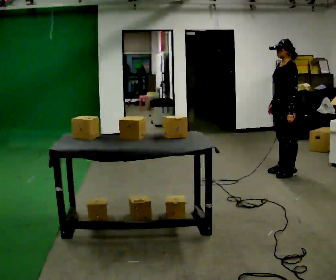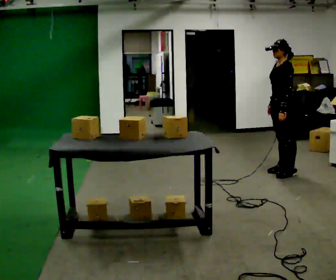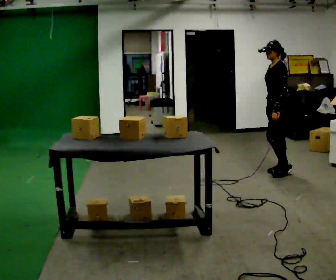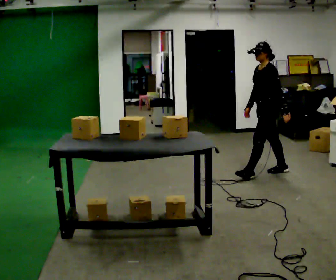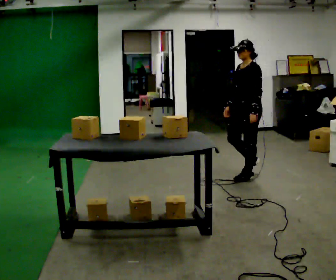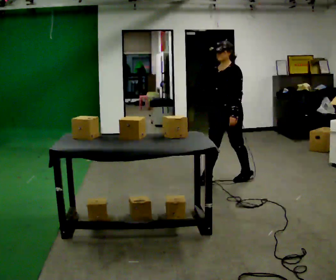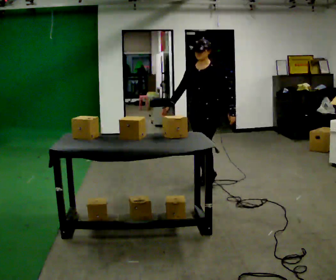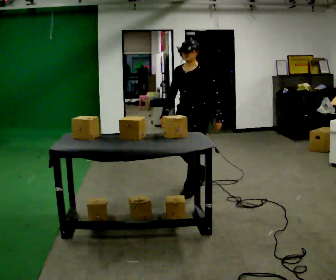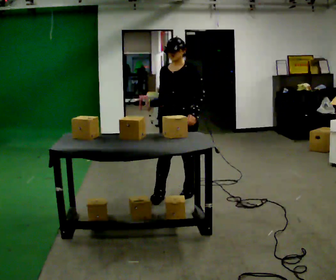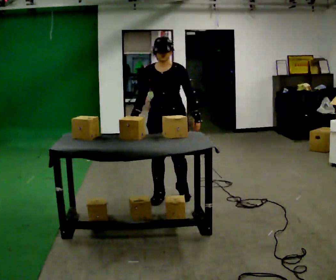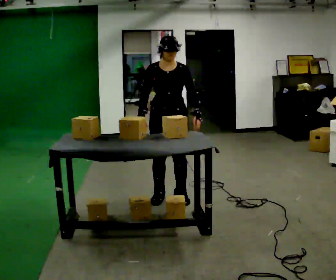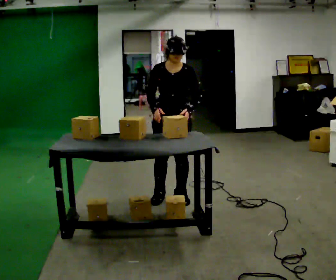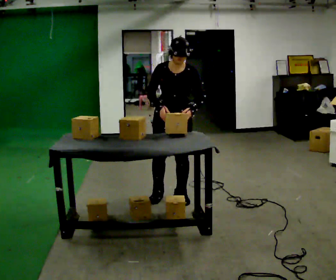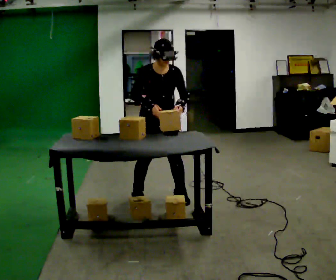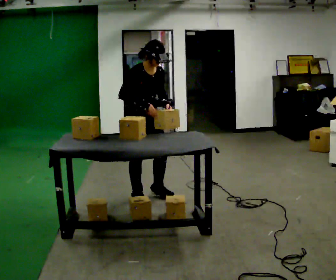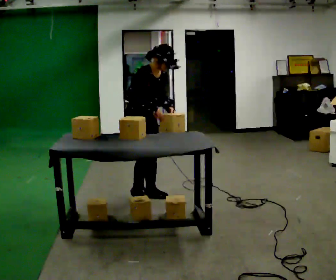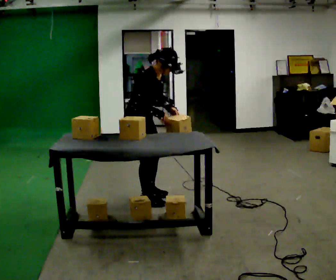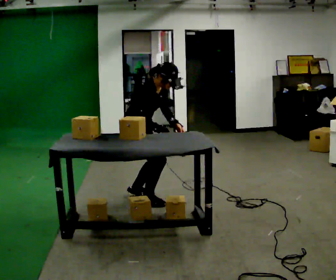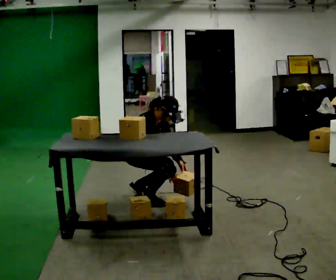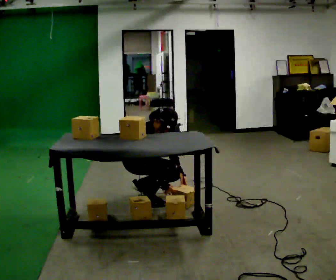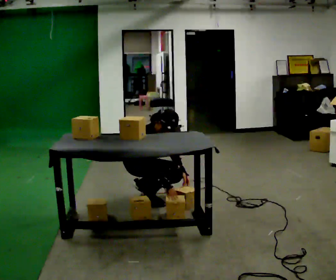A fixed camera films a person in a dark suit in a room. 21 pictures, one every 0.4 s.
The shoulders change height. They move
downward.
The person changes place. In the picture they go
to the left.
0.0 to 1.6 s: In the picture they go to the left, about 0.5 m in 1 step, which for them is forward.
1.6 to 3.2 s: The part of the body nearest the lens slides to the right as the person turns to their left by about 45 degrees. In the picture they go to the left and toward the camera, about 1 m in 2 steps, which for them is forward.
3.2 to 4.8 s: The person moves a little, or ends about where they began.
4.8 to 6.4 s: The part of the body nearest the lens slides to the right as the person turns to their left by about 75 degrees. In the picture they go to the left, about 0.25 m in 3 steps. In the picture the upper body tilts clockwise, shoulders to the right.
6.4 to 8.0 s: The upper body goes downward. In the picture their right hand goes downward.
The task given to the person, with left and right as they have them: Take the boxes off the top, get the one from the bottom, carry it away, then put the others back. Keep going until the operator says stop; one object at a time, and do not rush between trips.
The film runs forward here.
